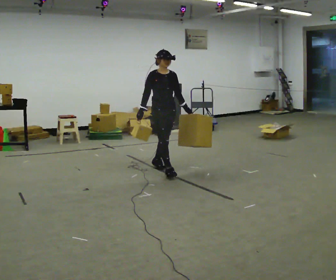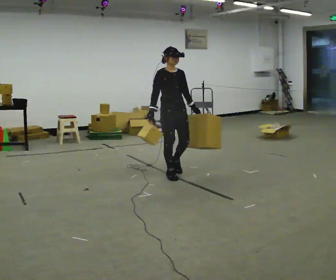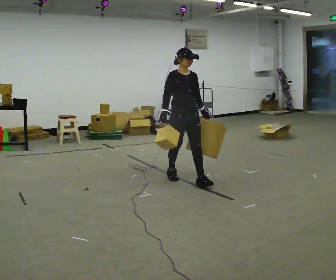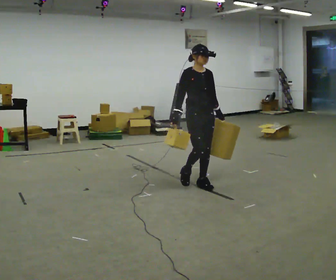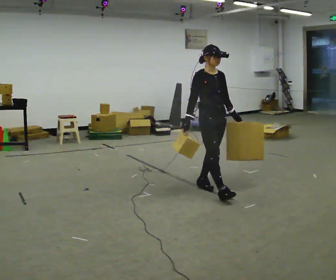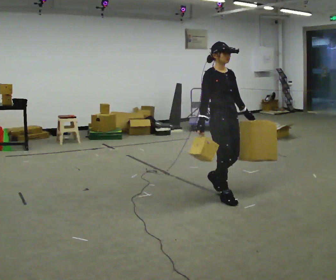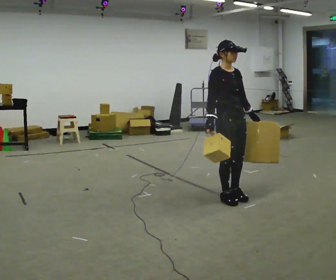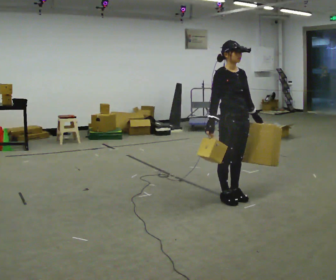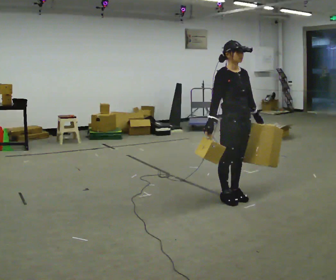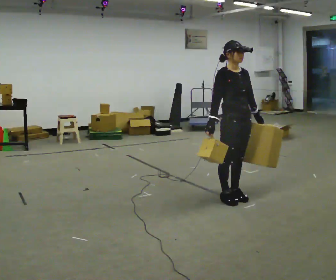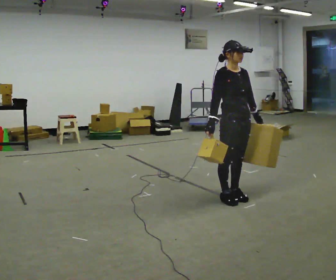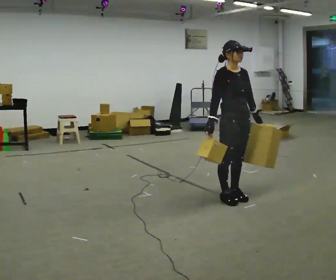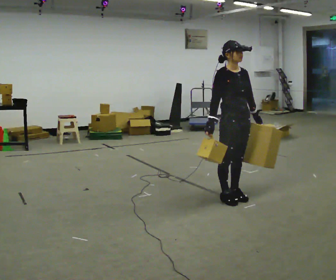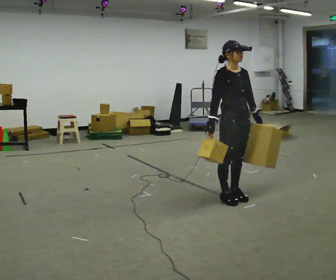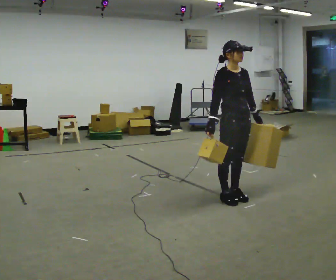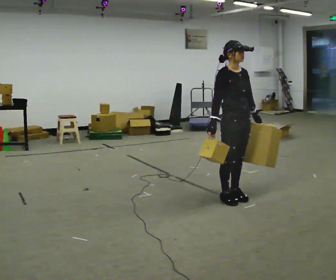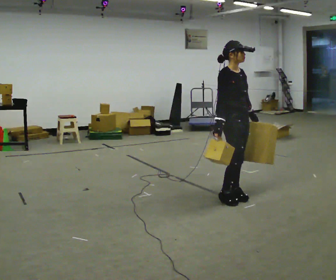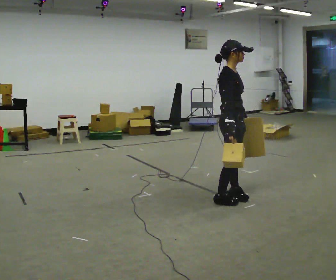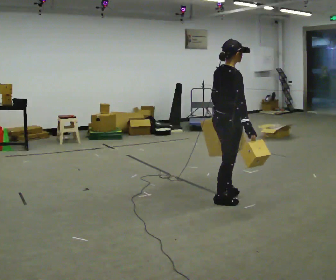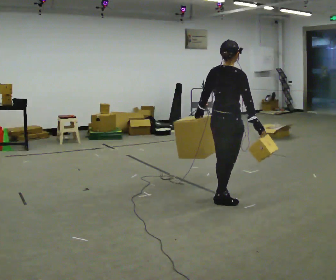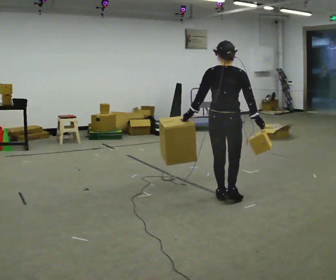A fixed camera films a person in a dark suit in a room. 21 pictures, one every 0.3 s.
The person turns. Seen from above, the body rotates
counterclockwise.
The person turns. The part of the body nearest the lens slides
to the right.
0.0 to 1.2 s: In the picture they go to the right and toward the camera, about 1 m in 2 steps, which for them is forward.
1.2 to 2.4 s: In the picture they go to the right and toward the camera, about 0.25 m in 2 steps, which for them is forward.
2.4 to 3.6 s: The person keeps their place and pose.
3.6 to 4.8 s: The person moves a little, or ends about where they began.
4.8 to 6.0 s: The part of the body nearest the lens slides to the right as the person turns to their left by about 120 degrees. In the picture their left hand goes to the left, the arm swinging clockwise.
The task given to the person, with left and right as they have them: Carry one object in each hand, the heavy one in the hand the operator calls, walking back and forth across the room.
The film runs forward here.
